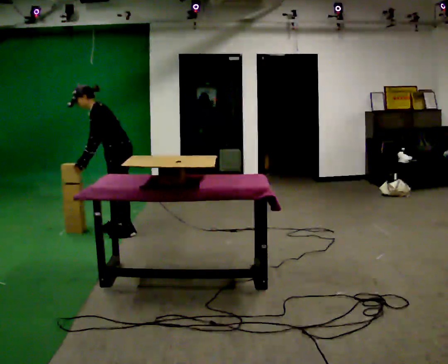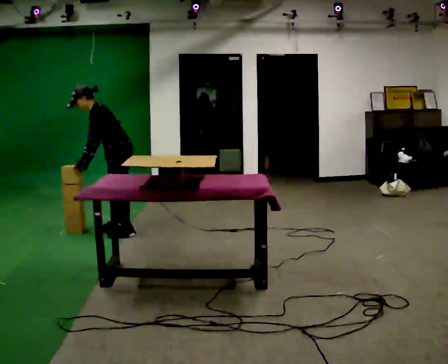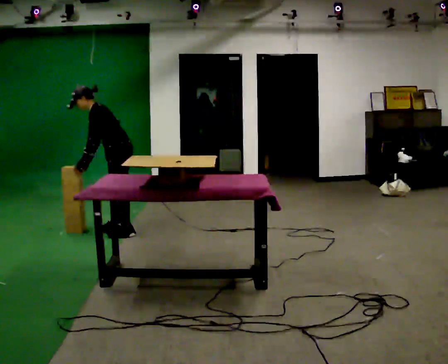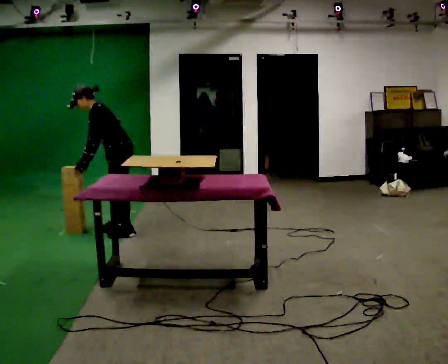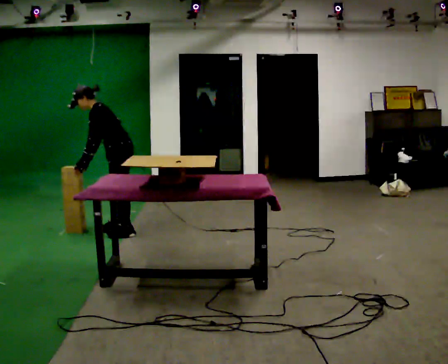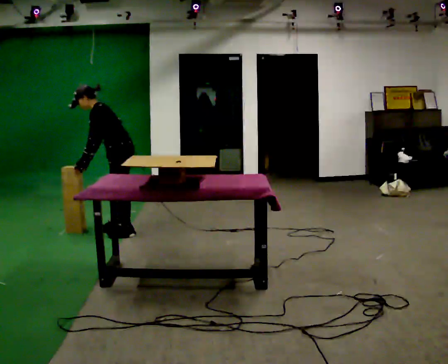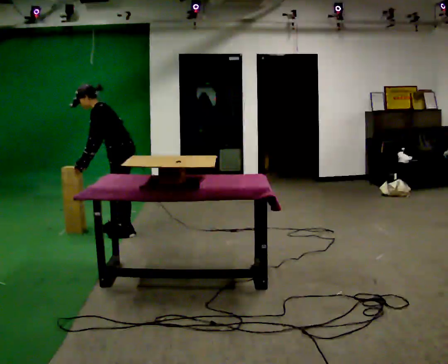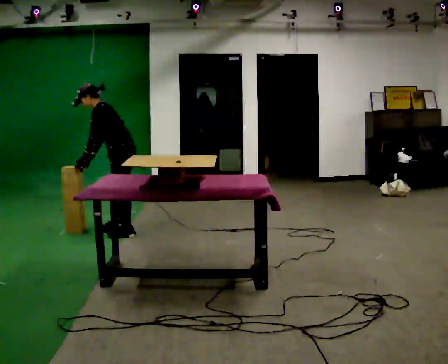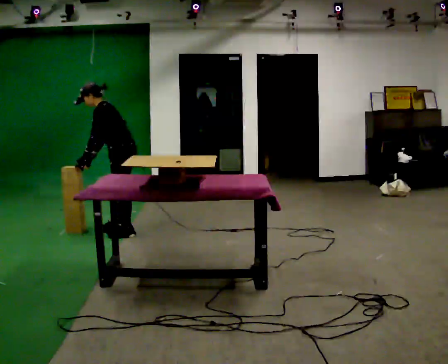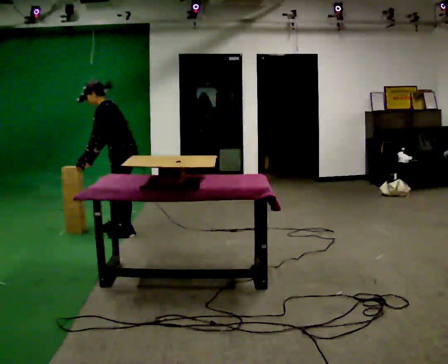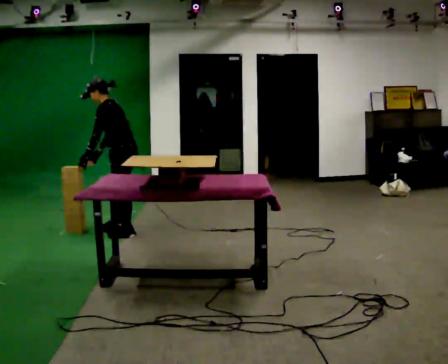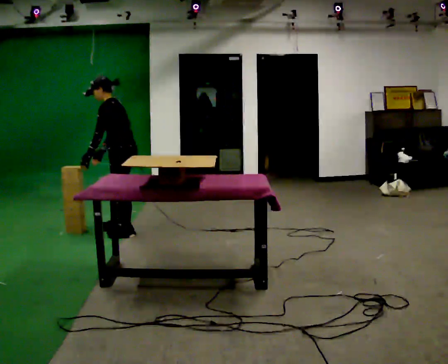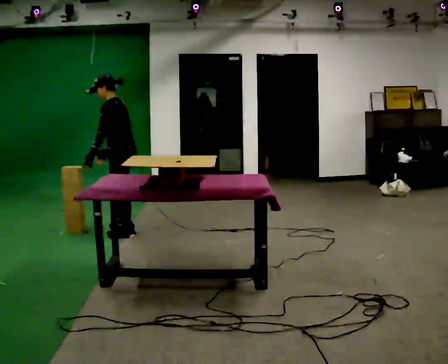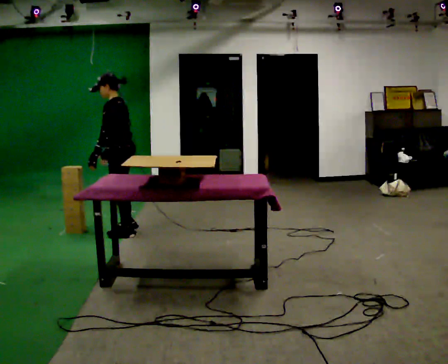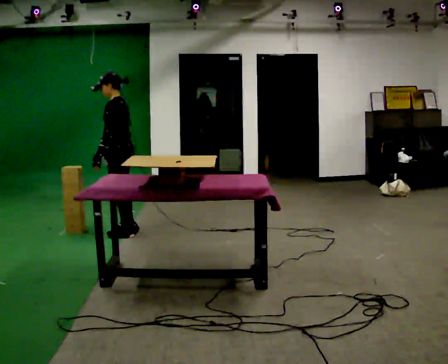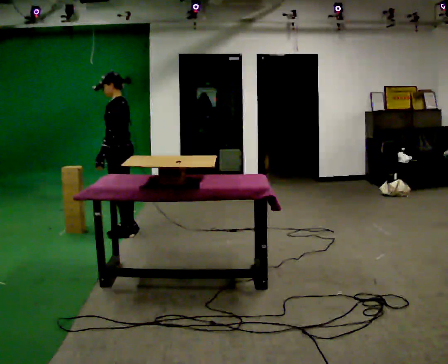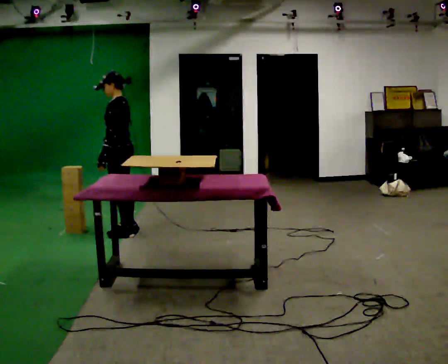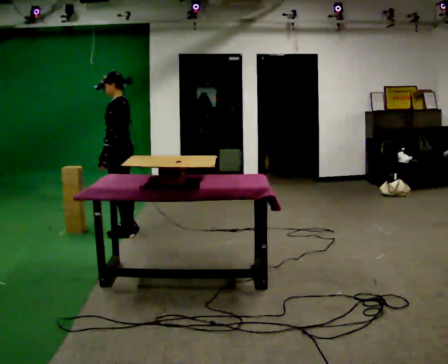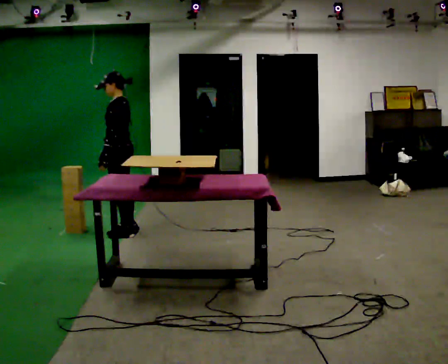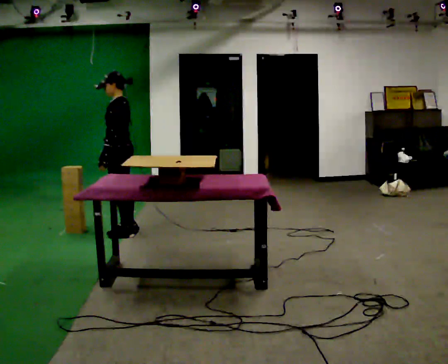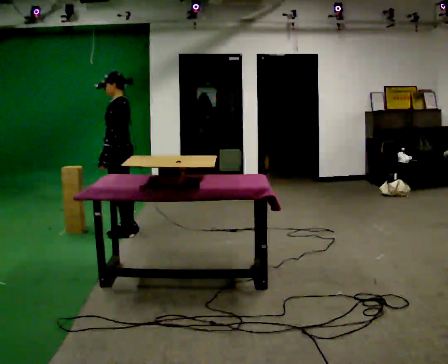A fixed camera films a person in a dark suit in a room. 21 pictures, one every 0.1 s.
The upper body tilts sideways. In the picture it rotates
clockwise.
0.0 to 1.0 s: In the picture they go toward the camera, about 0.25 m, which for them is to their left.
1.0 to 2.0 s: In the picture the upper body tilts clockwise, shoulders to the right, as they lean back or straighten.
The film runs backward here.
